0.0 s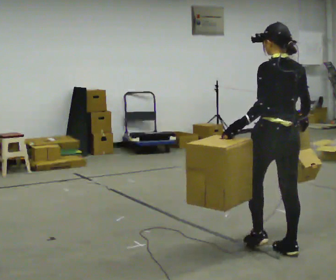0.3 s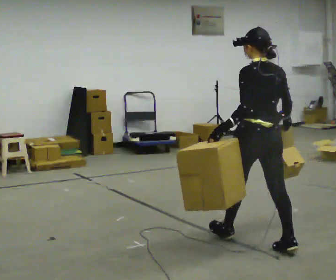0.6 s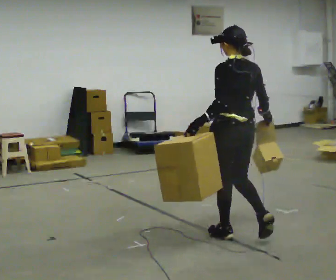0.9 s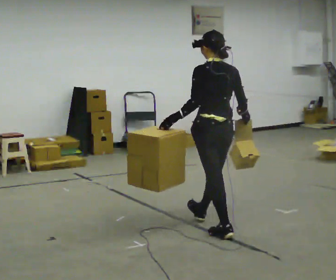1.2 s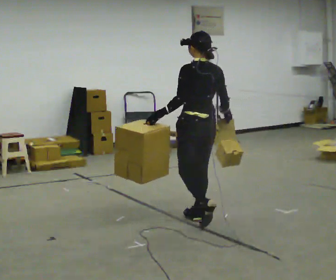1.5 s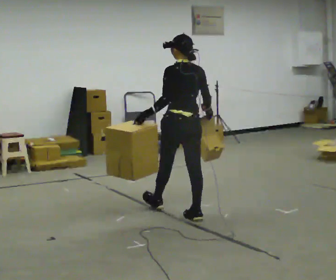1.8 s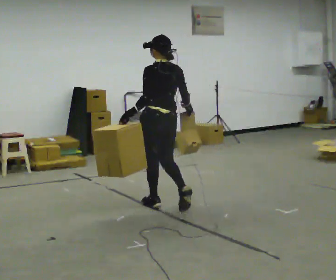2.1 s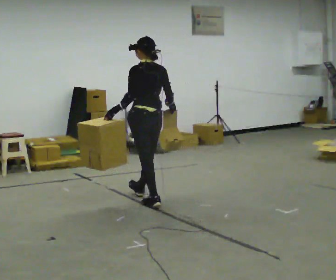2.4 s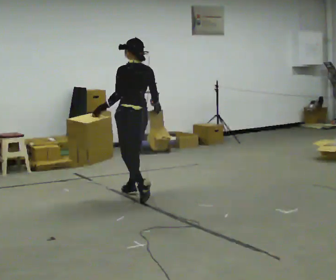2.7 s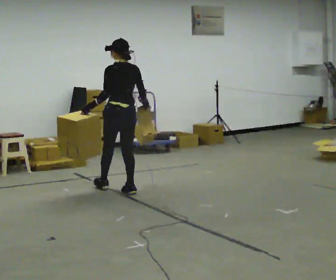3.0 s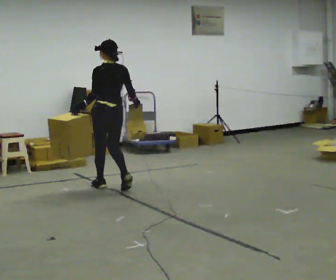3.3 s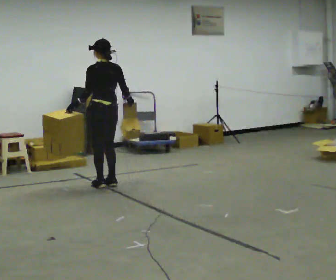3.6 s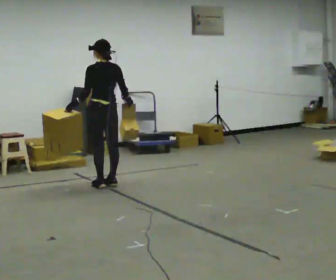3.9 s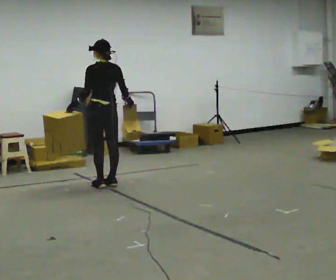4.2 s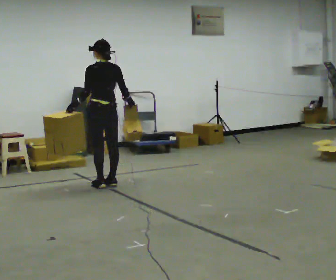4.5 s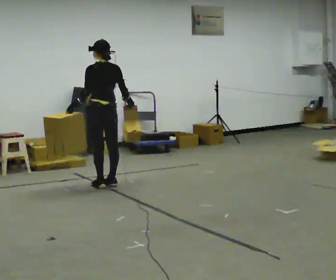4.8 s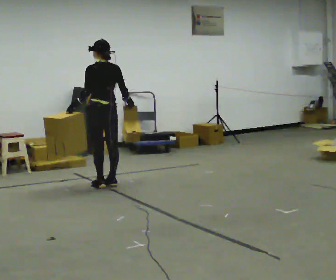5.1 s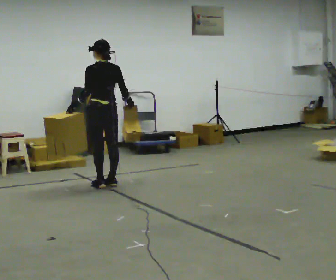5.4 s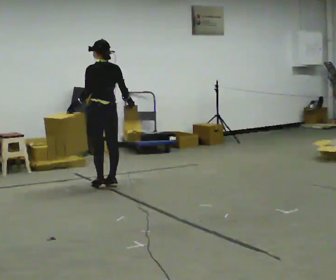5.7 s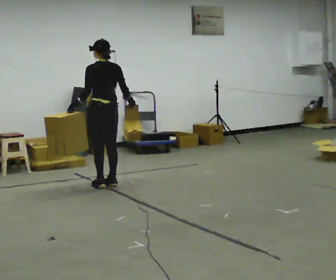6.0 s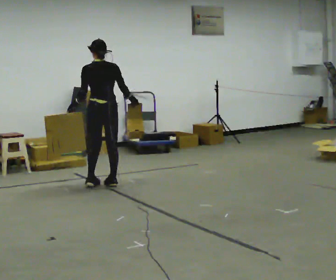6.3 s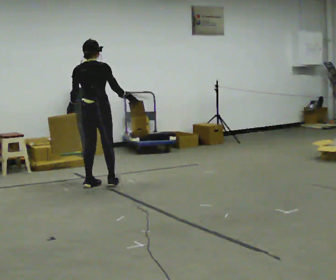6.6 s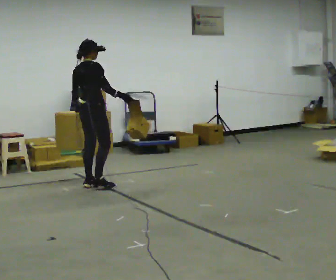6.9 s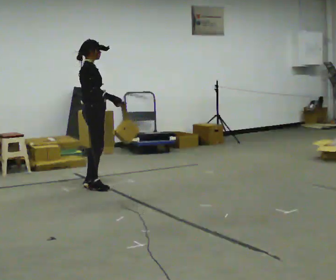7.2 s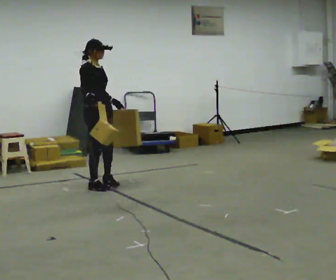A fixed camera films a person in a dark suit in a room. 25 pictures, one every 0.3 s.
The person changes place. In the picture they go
away from the camera.
The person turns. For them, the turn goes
to their right.
0.0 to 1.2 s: In the picture they go away from the camera and to the left, about 1 m in 2 steps, which for them is forward.
1.2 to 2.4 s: In the picture they go away from the camera and to the left, about 1 m in 2 steps, which for them is forward.
2.4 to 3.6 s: In the picture they go away from the camera and to the left, about 0.5 m in 2 steps, which for them is forward.
3.6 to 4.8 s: The person keeps their place and pose.
4.8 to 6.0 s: The person moves a little, or ends about where they began.
6.0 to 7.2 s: The person turns about 135 degrees to their right, clockwise seen from above, so the part of the body nearest the lens slides to the left. In the picture their right hand goes to the left.
The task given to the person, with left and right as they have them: Carry one object in each hand, the heavy one in the hand the operator calls, walking back and forth across the room.
The film runs forward here.
